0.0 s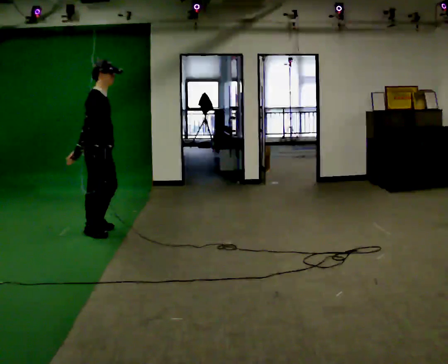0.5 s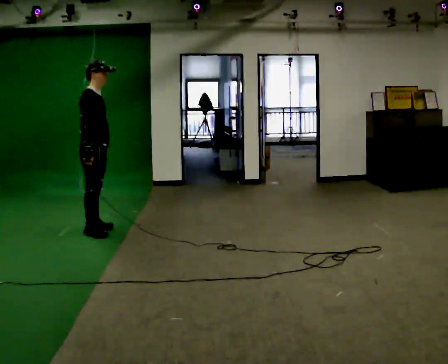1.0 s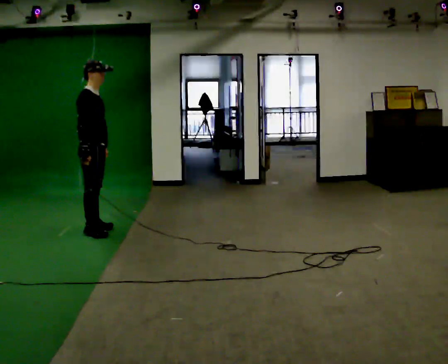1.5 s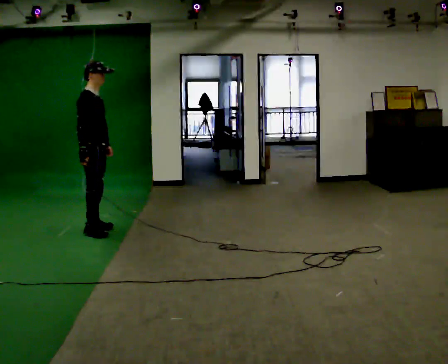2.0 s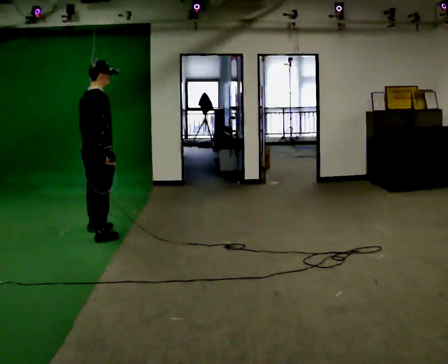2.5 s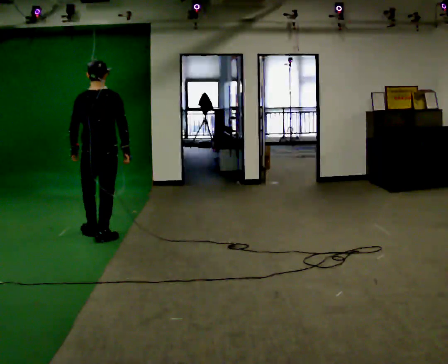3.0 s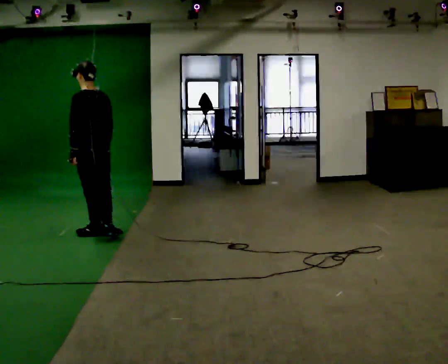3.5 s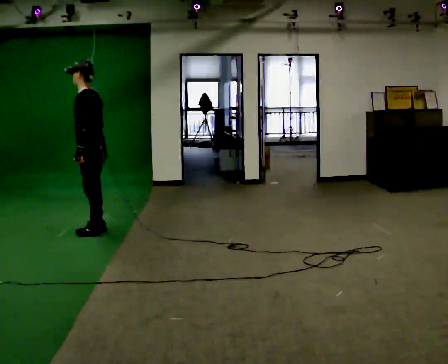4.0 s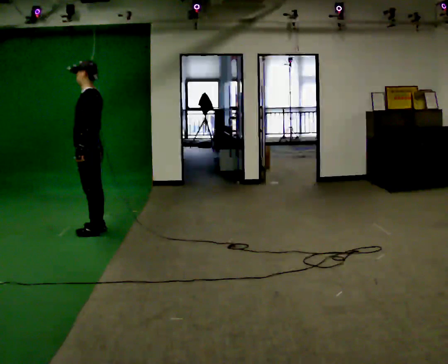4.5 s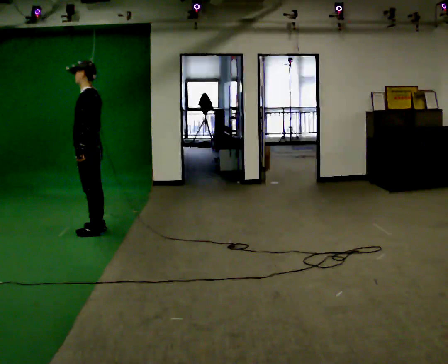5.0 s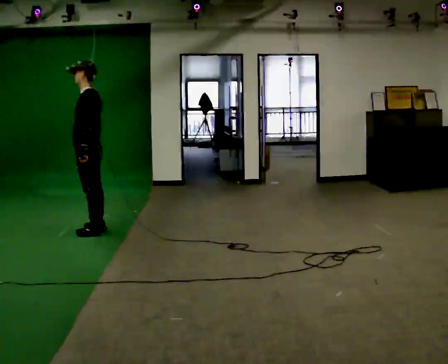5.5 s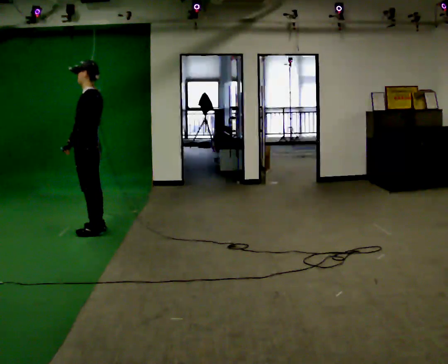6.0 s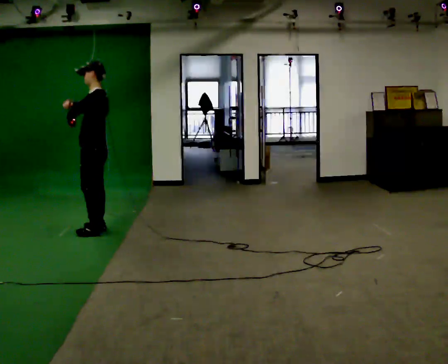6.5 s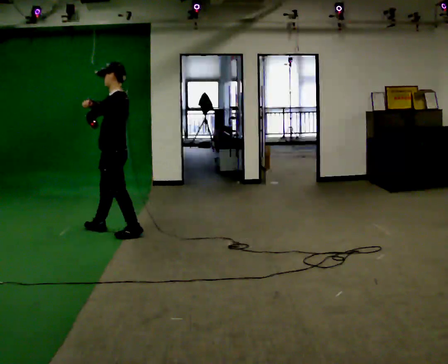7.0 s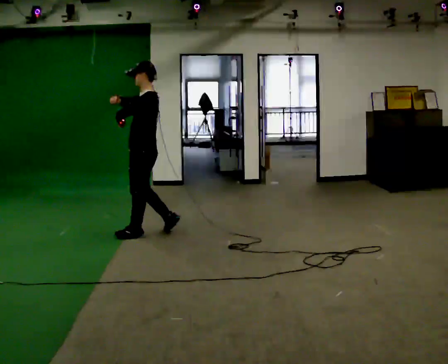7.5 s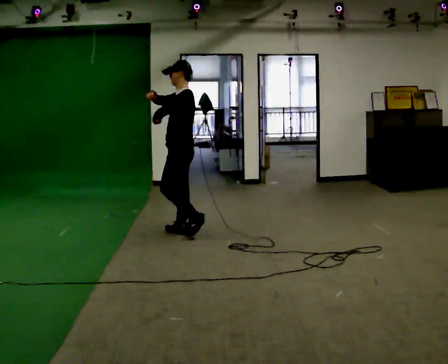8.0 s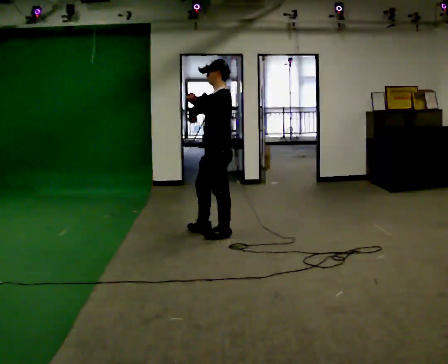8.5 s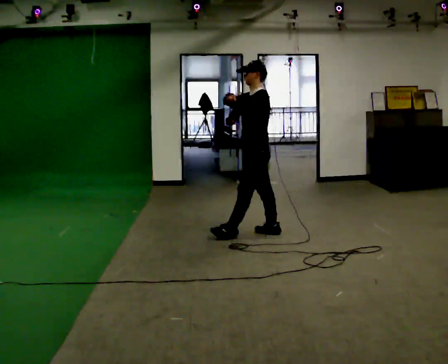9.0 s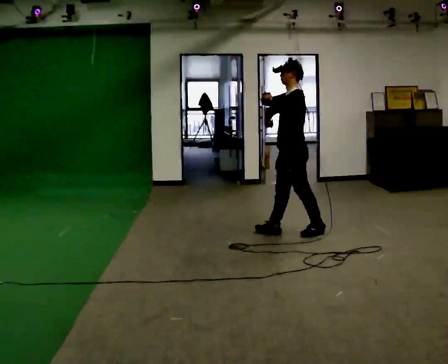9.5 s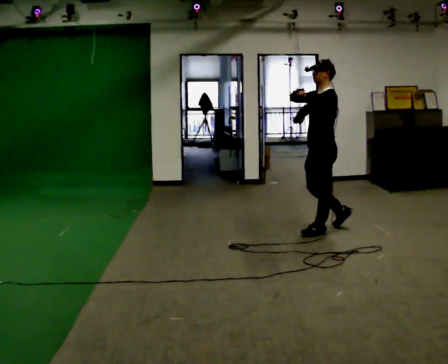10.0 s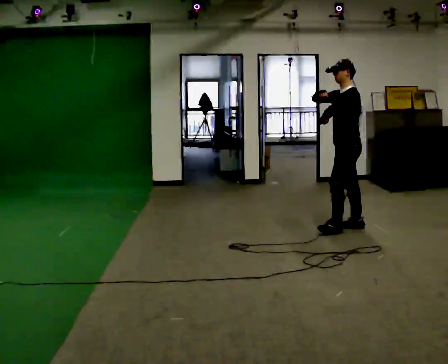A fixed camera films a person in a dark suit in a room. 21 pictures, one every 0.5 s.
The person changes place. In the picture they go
to the right.
0.0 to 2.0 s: Seen from above the body turns counterclockwise, about 30 degrees: to their left, with its near side sliding to the right.
2.0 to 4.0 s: The part of the body nearest the lens slides to the right as the person turns to their left by about 135 degrees.
4.0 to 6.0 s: In the picture their right hand goes upward.
6.0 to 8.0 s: In the picture they go to the right, about 1 m in 4 steps, which for them is backward.
8.0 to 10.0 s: In the picture they go to the right, about 1.5 m in 3 steps, which for them is backward.
The film runs backward here.
